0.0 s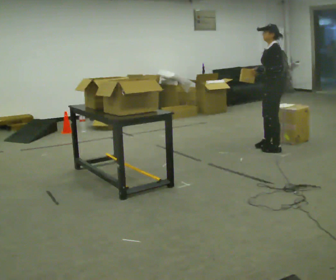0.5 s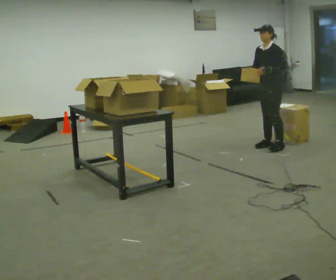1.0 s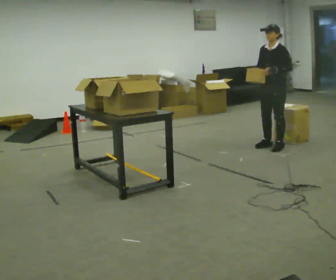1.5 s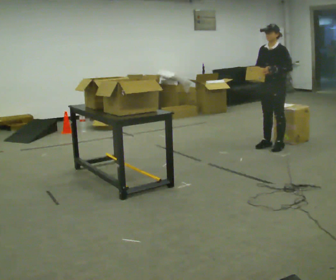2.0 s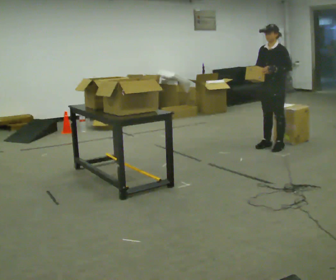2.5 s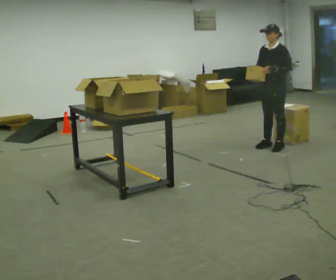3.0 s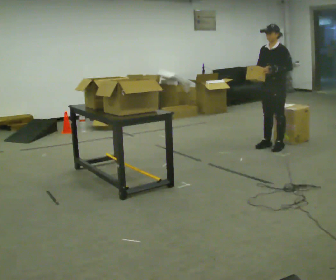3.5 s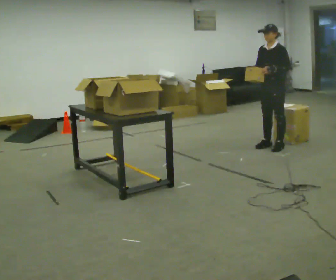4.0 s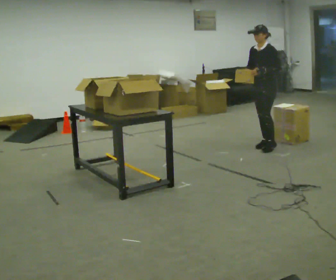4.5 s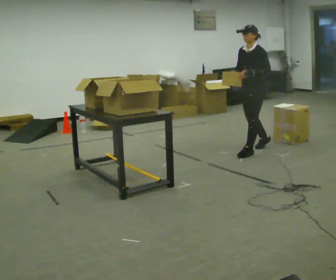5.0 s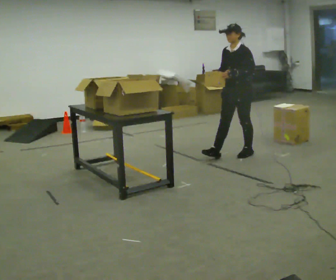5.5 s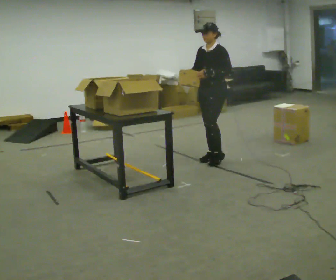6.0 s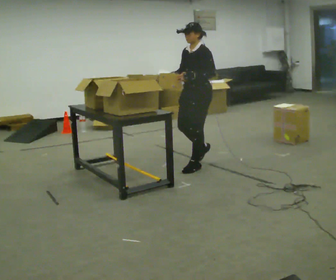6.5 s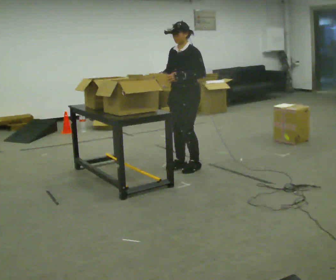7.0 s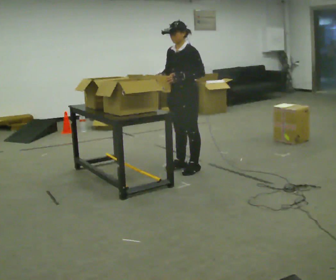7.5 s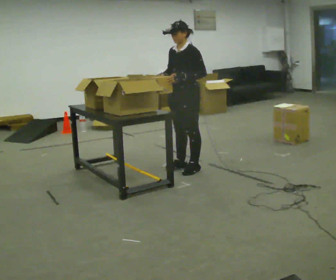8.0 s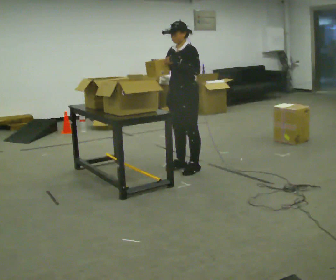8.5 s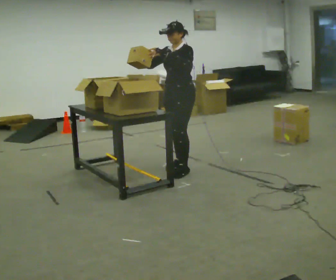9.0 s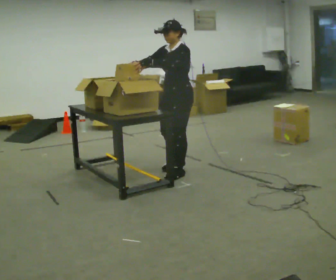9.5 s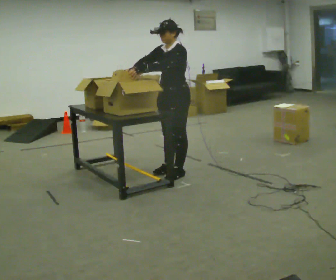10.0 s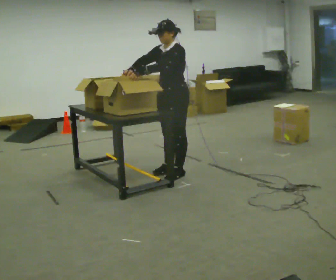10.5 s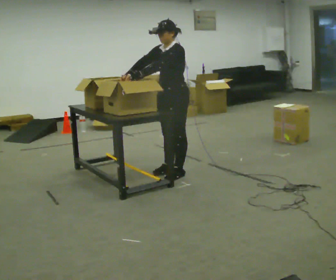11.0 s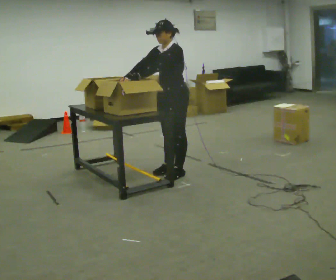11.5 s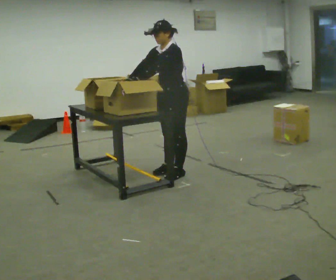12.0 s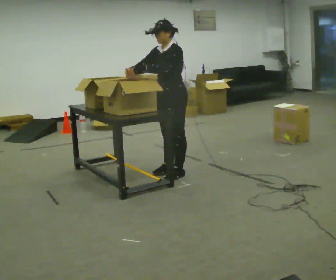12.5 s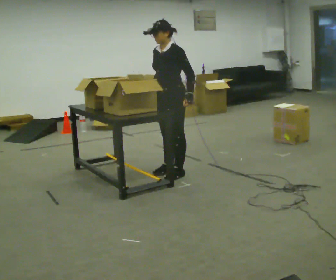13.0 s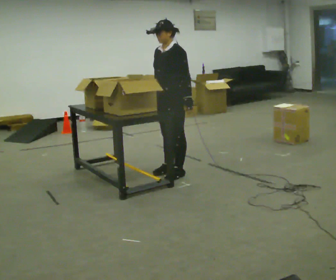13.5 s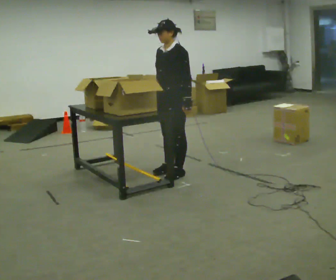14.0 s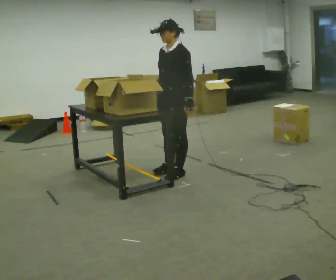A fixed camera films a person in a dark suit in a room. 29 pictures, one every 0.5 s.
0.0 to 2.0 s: The person turns about 30 degrees to their left, counterclockwise seen from above, so the part of the body nearest the lens slides to the right.
2.0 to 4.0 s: The person moves a little, or ends about where they began.
4.0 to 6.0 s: In the picture they go to the left and toward the camera, about 1 m in 3 steps, which for them is forward.
6.0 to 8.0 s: The person moves a little, or ends about where they began.
8.0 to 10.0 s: In the picture they go toward the camera, about 0.25 m in 2 steps, which for them is forward.
10.0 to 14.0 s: The person moves a little, or ends about where they began.
The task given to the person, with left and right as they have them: 1. Read the list the operator gives you. 2. Collect the six items on the list from the shelves. 3. Put them all in the bin on the table. 4. Tell the operator when you are finished.
The film runs forward here.
